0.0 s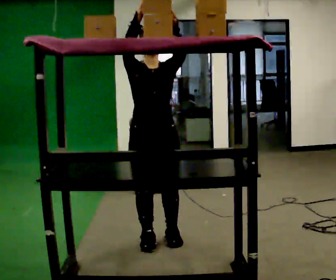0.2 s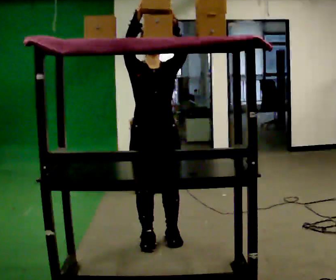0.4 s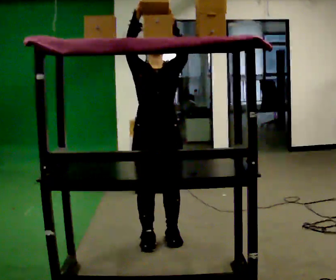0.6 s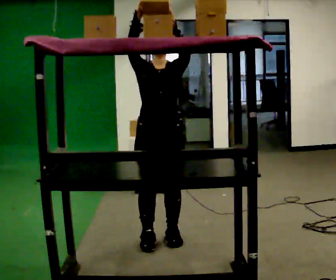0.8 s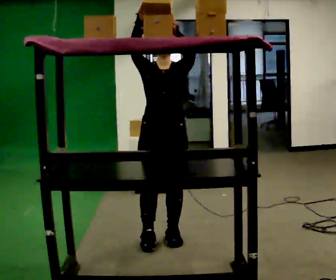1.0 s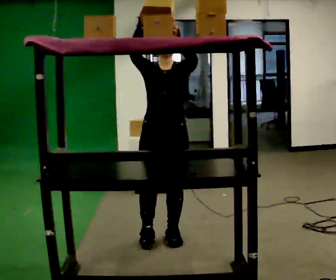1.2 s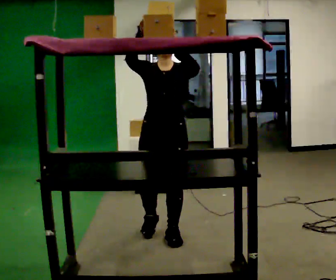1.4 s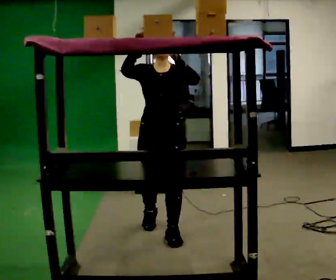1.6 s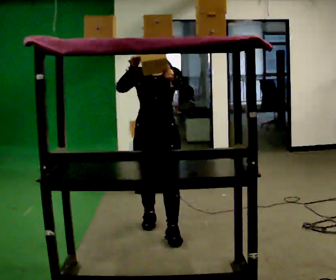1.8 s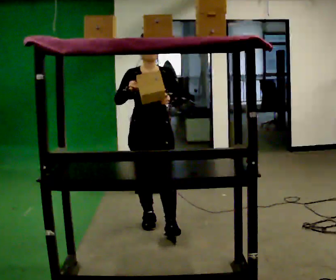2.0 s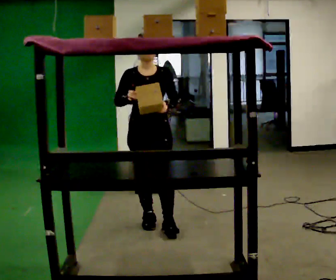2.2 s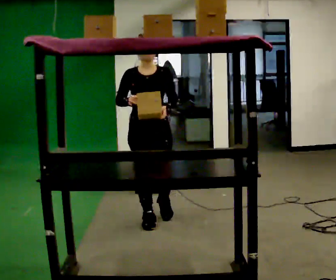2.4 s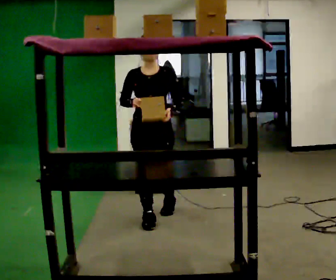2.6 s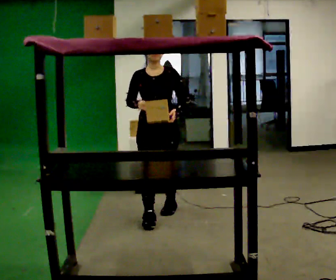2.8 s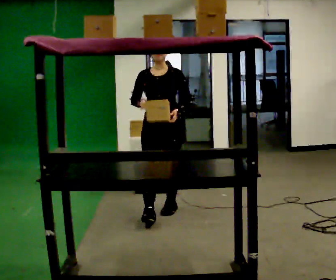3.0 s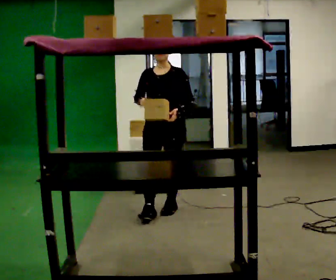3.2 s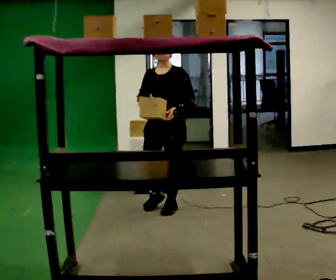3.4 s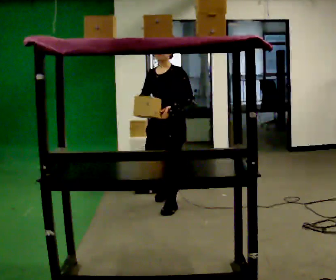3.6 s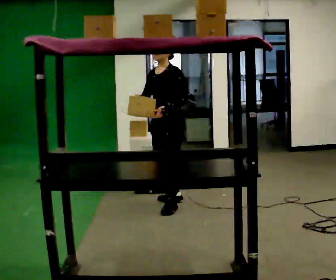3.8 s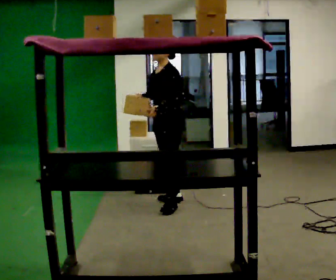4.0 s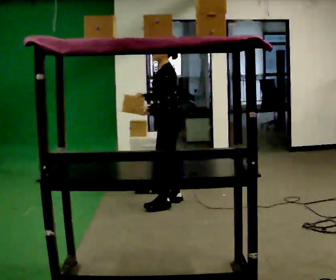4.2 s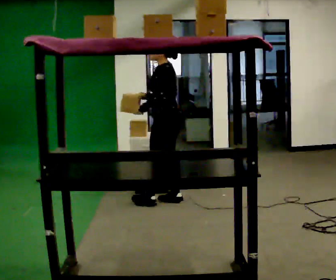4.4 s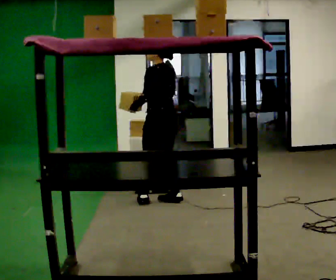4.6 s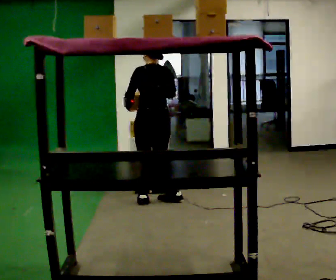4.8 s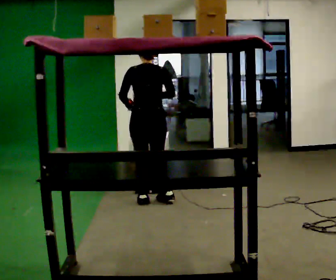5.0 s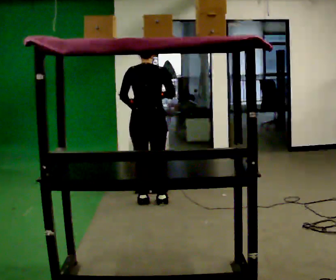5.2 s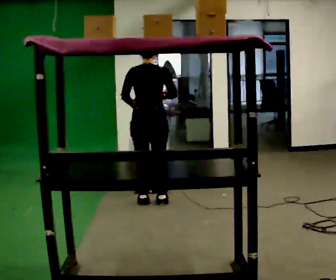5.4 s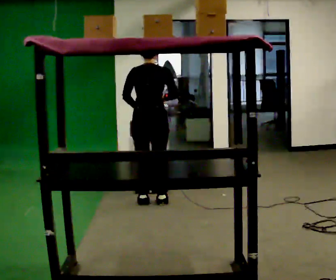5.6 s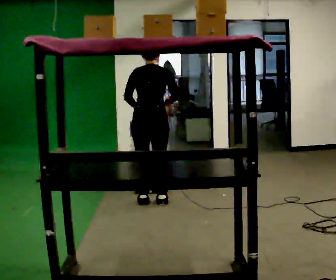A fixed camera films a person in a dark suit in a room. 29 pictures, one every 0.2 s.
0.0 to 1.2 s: In the picture they go away from the camera, about 0.25 m in 1 step, which for them is backward.
1.2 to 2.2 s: In the picture they go away from the camera, about 0.5 m in 1 step, which for them is backward. In the picture their left hand goes downward.
2.2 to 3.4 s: The part of the body nearest the lens slides to the left as the person turns to their right by about 45 degrees. In the picture they go away from the camera and to the right, about 0.5 m in 1 step, which for them is backward.
3.4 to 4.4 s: The part of the body nearest the lens slides to the left as the person turns to their right by about 90 degrees. In the picture they go away from the camera, about 0.25 m in 1 step. In the picture their left hand goes to the left.
4.4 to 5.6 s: Seen from above the body turns clockwise, about 60 degrees: to their right, with its near side sliding to the left.
The film runs backward here.
